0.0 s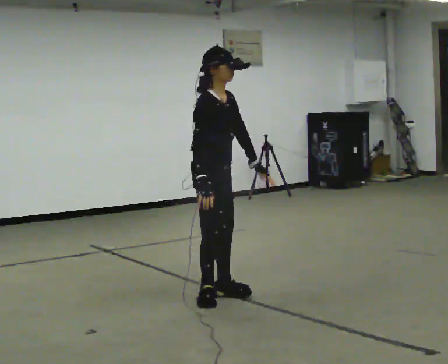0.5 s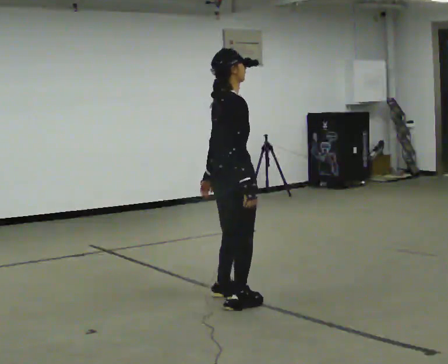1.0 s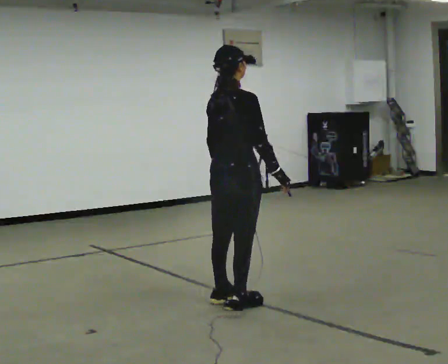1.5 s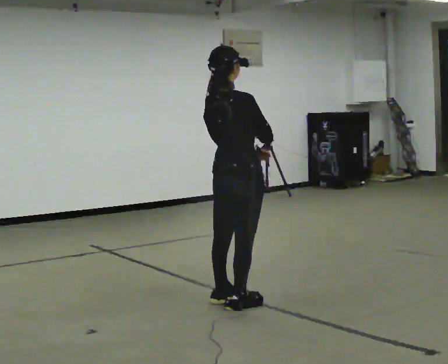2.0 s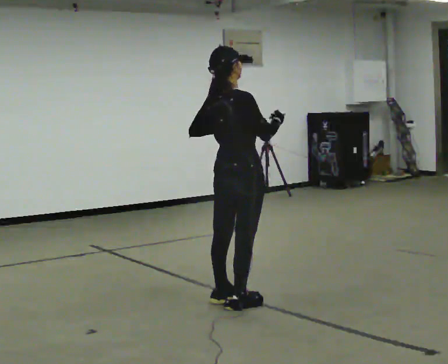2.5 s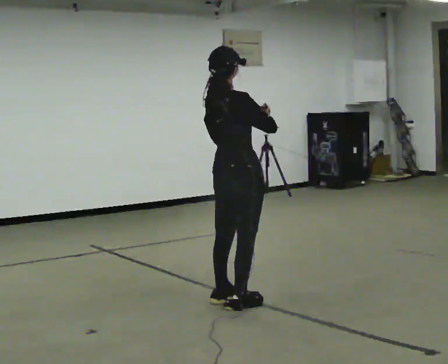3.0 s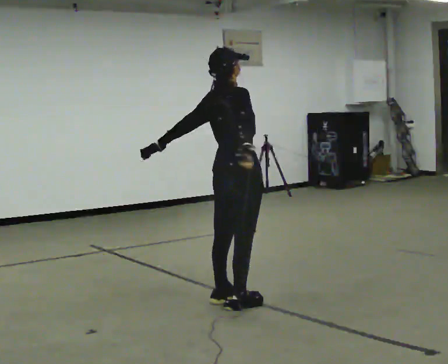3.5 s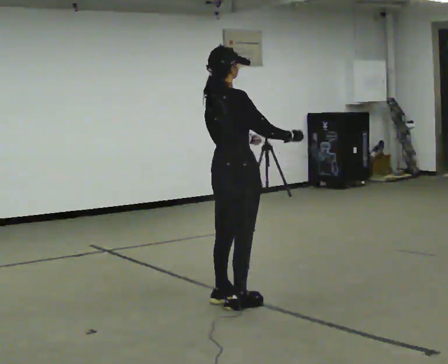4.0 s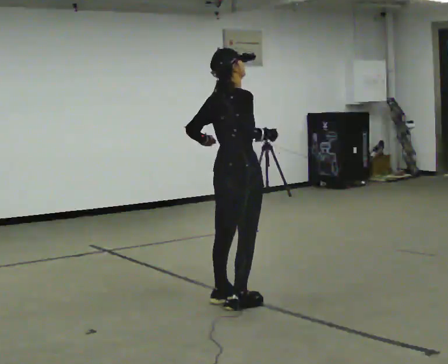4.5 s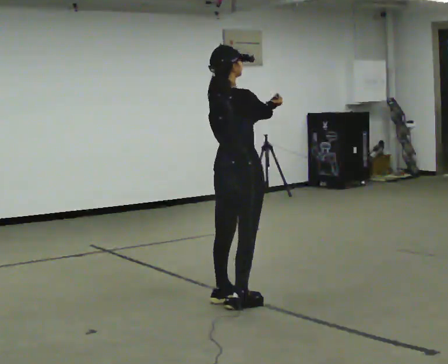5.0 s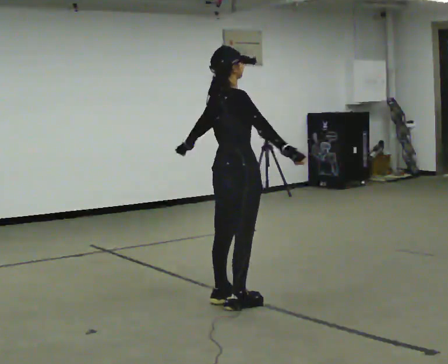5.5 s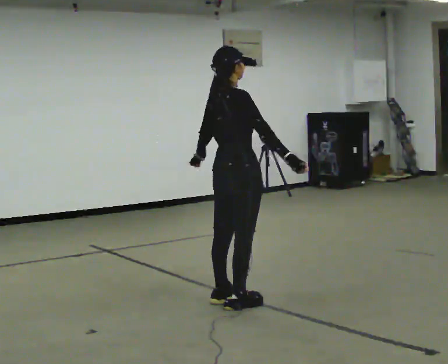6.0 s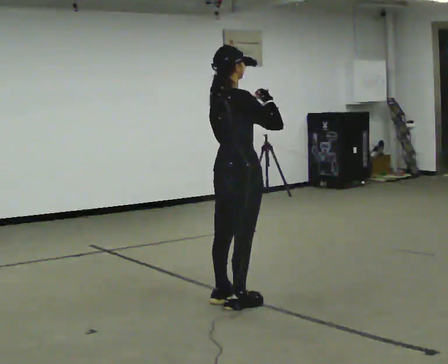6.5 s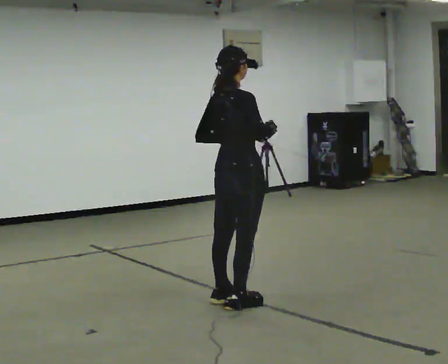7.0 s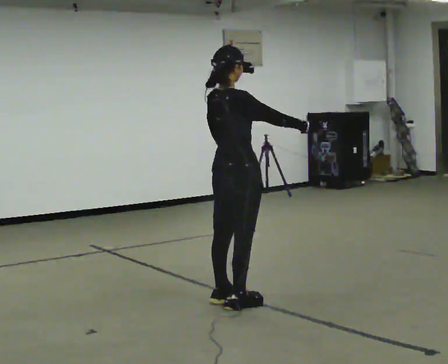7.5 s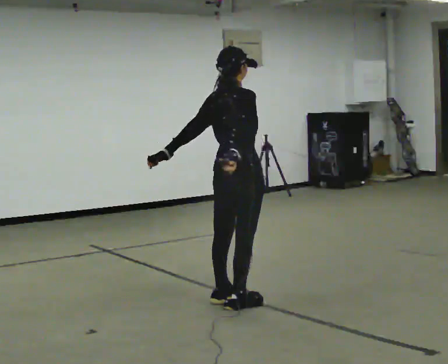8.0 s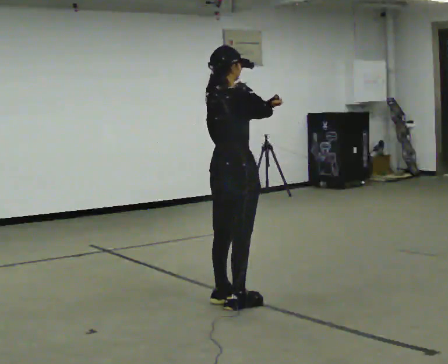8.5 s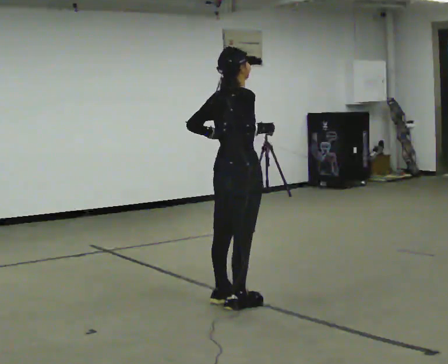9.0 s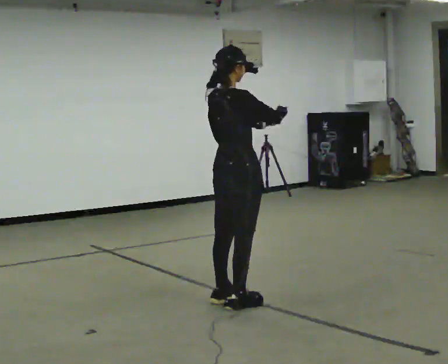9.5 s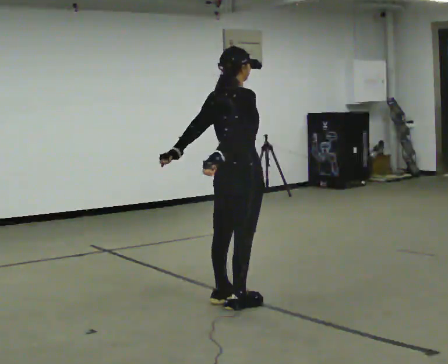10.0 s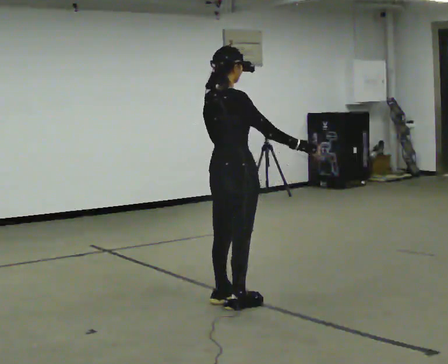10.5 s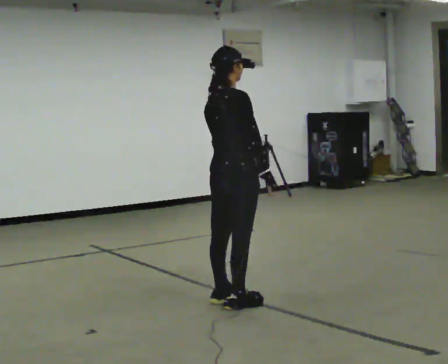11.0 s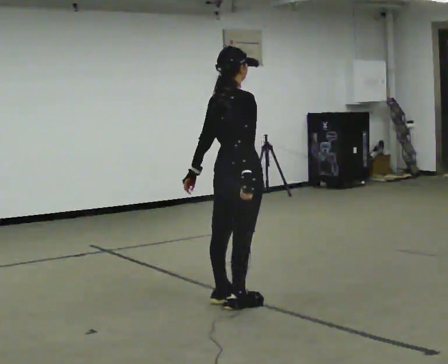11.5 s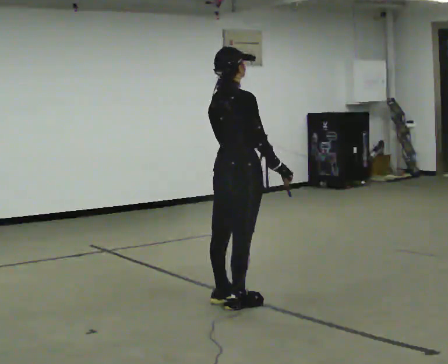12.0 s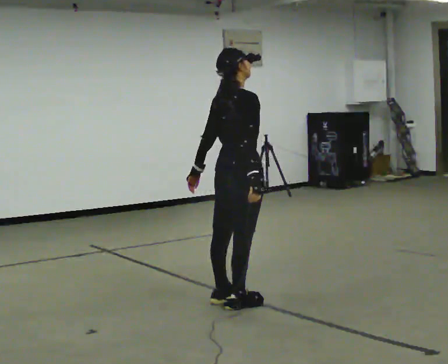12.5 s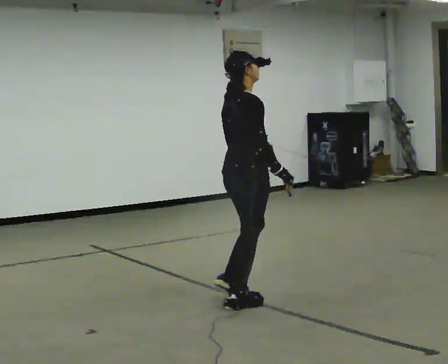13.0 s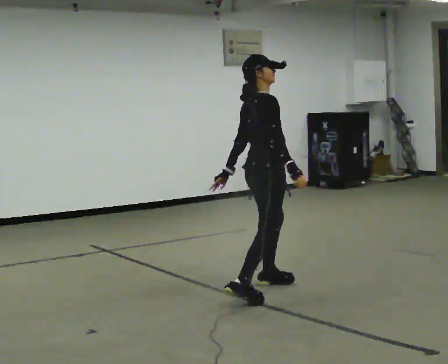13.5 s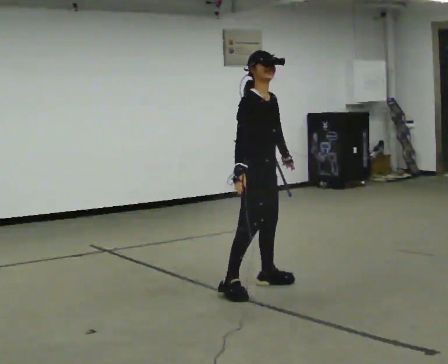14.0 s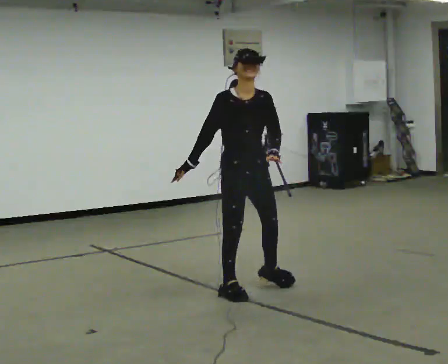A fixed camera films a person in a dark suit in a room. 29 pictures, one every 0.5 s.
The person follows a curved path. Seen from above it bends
counterclockwise.
0.0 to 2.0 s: The person turns about 60 degrees to their left, counterclockwise seen from above, so the part of the body nearest the lens slides to the right. In the picture their right hand goes to the right and upward.
2.0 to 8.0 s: The person moves a little, or ends about where they began.
8.0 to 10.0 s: In the picture their right hand goes to the right and downward.
10.0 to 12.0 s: The person moves a little, or ends about where they began.
12.0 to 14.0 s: The part of the body nearest the lens slides to the left as the person turns to their right by about 105 degrees. In the picture they go away from the camera, about 0.25 m in 2 steps. In the picture their left hand goes to the right.
The film runs forward here.
